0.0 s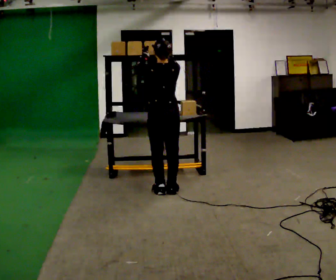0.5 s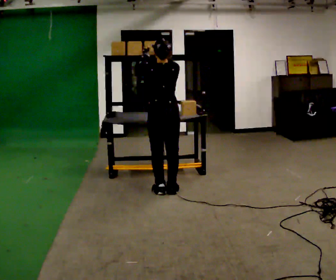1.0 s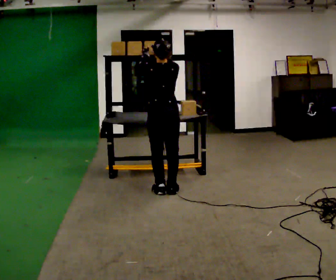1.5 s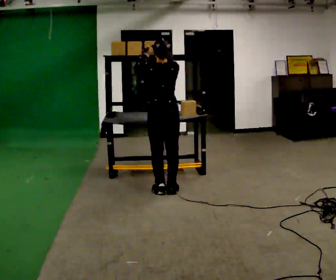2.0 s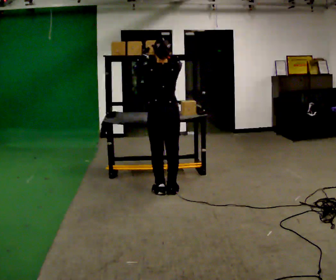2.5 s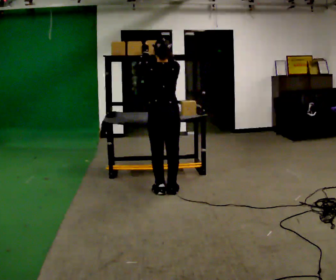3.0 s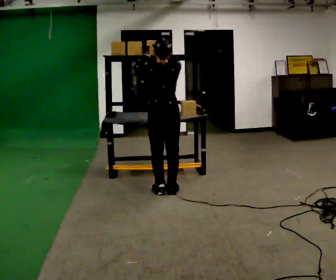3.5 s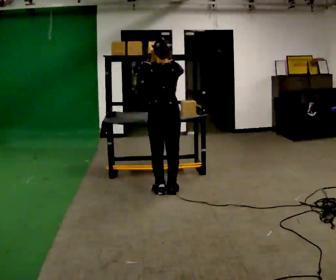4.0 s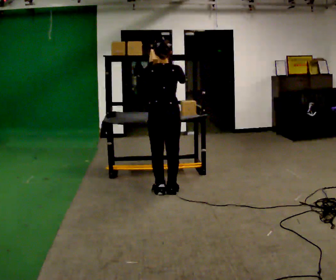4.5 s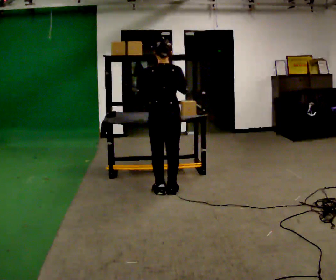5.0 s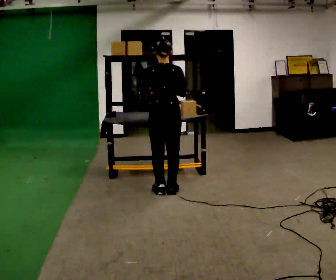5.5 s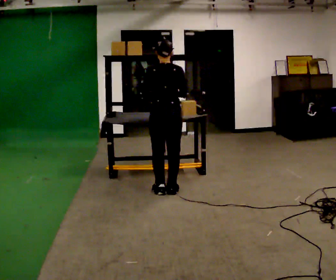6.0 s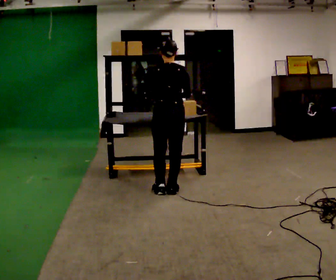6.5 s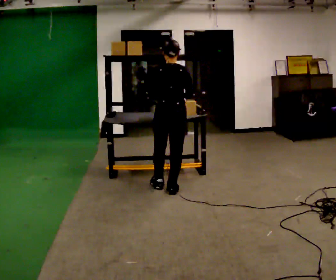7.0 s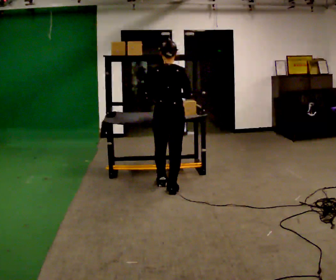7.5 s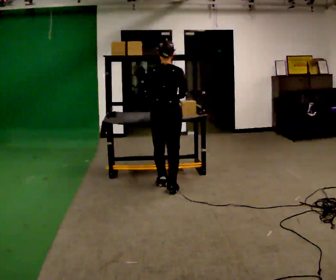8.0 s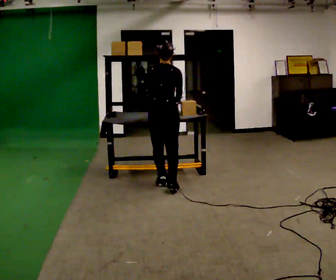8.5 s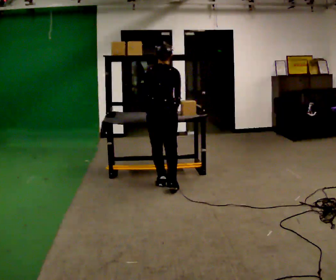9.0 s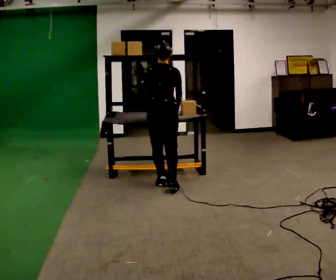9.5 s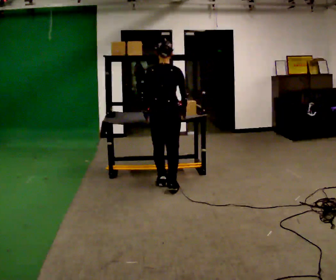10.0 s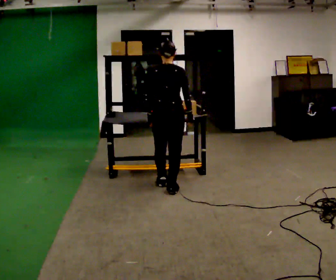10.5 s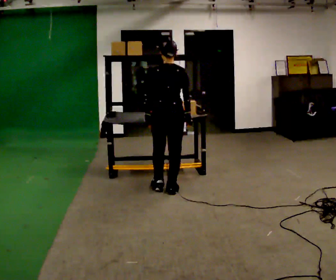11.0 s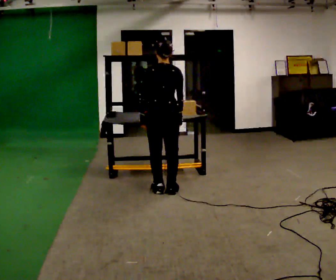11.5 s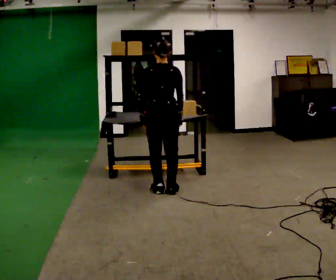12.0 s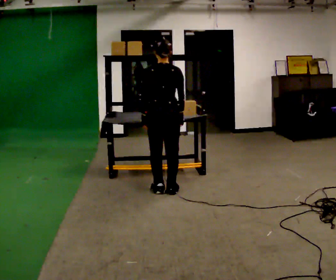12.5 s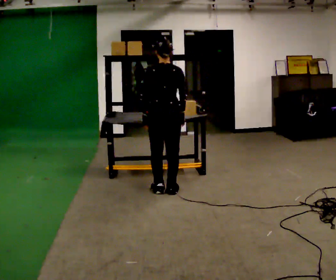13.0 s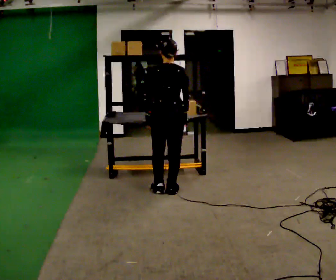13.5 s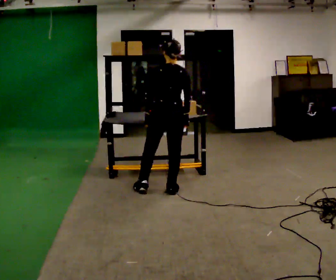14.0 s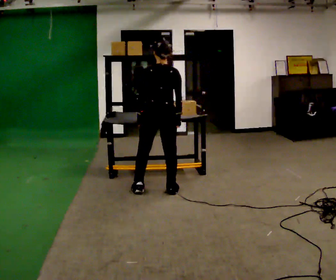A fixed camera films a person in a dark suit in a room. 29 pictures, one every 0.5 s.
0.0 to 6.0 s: In the picture their right hand goes downward.
6.0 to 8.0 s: In the picture they go away from the camera, about 0.25 m in 1 step, which for them is forward.
8.0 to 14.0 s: In the picture they go toward the camera, about 0.25 m in 2 steps, which for them is backward.
The film runs forward here.
